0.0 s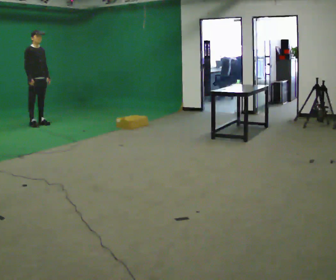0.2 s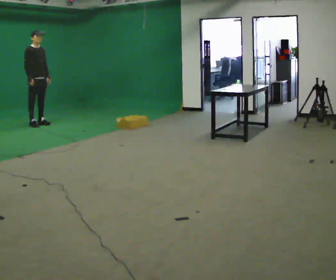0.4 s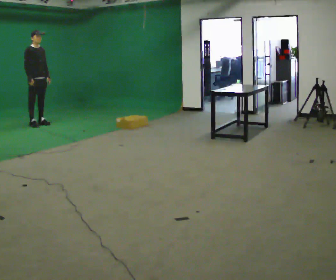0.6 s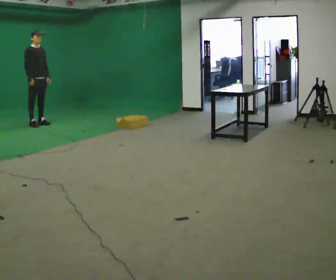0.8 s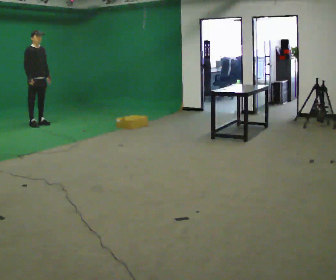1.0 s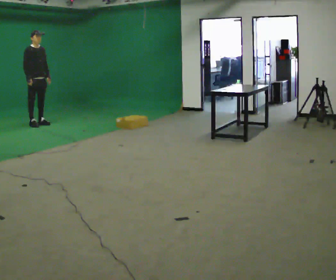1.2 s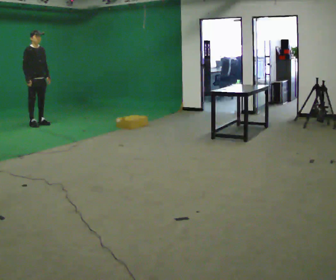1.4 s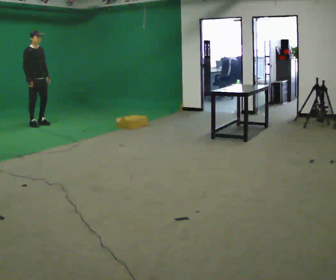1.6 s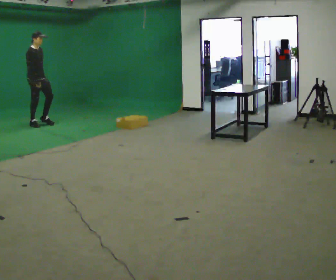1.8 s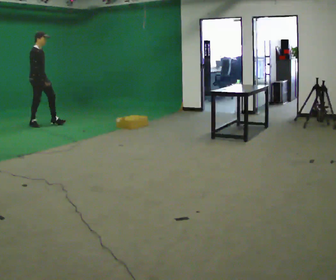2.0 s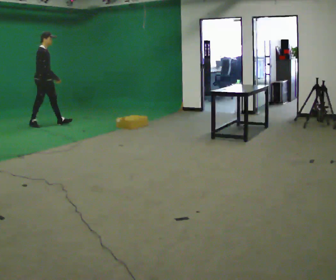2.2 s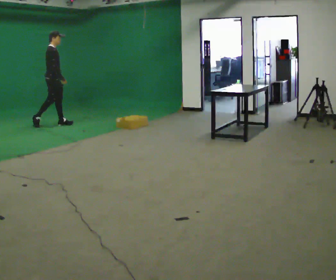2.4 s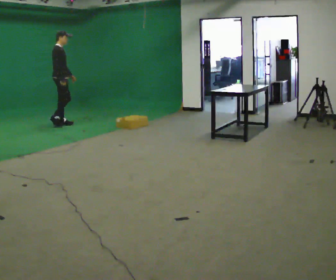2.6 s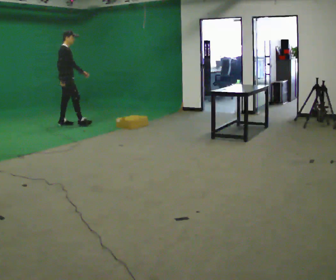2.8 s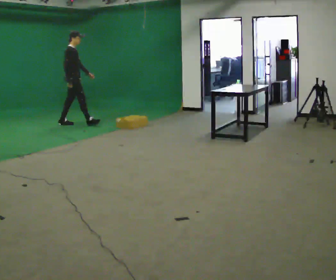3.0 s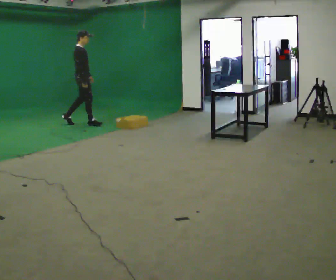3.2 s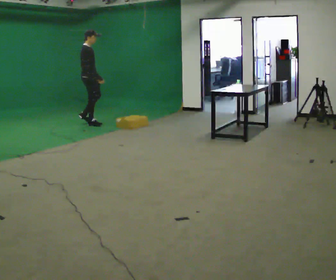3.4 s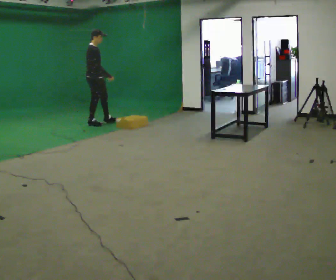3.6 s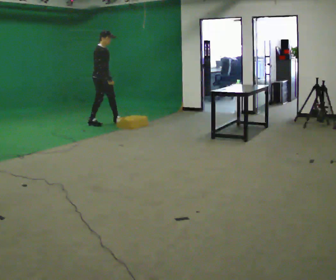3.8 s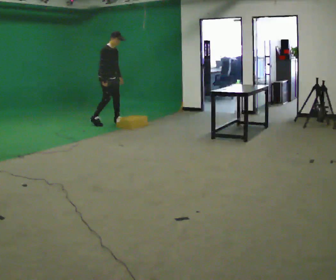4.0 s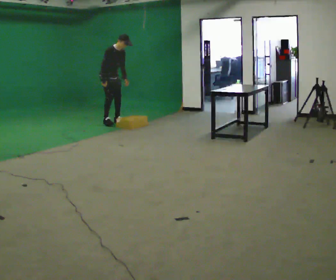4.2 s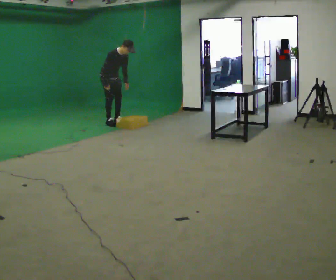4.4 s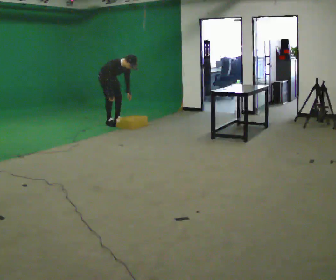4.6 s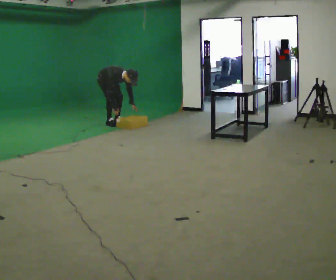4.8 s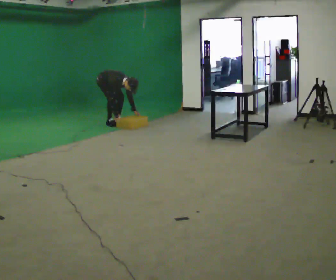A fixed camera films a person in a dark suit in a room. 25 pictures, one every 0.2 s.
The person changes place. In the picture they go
to the right.
The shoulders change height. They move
downward.
0.0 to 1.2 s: The person moves a little, or ends about where they began.
1.2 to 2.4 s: The part of the body nearest the lens slides to the right as the person turns to their left by about 45 degrees. In the picture they go to the right, about 0.5 m in 1 step, which for them is forward.
2.4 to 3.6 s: In the picture they go to the right, about 0.5 m in 2 steps, which for them is forward.
3.6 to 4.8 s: The upper body goes downward. In the picture the upper body tilts clockwise, shoulders to the right, as they bend forward. In the picture their right hand goes downward.
The film runs forward here.
